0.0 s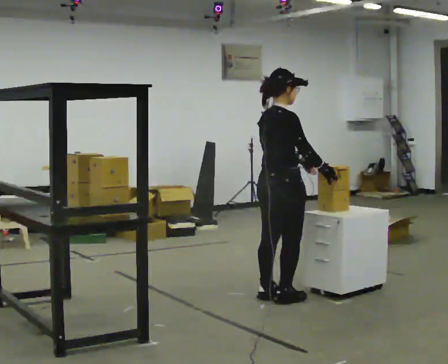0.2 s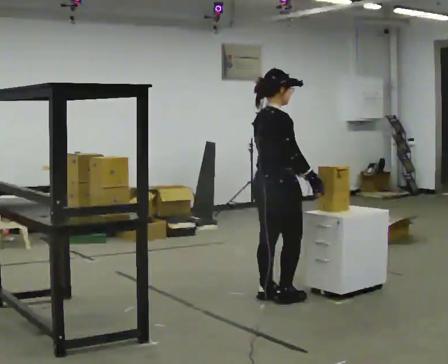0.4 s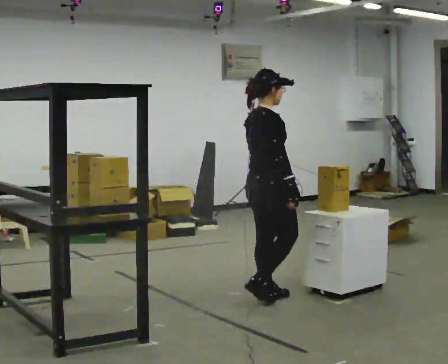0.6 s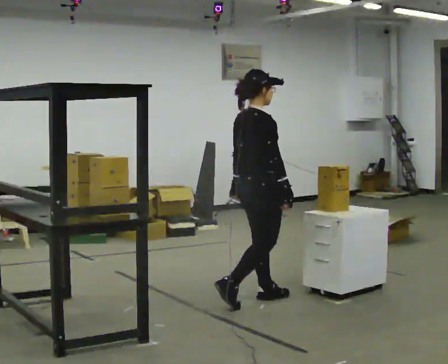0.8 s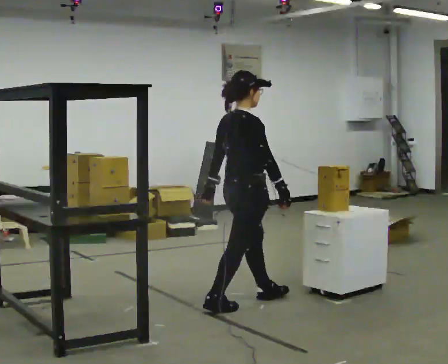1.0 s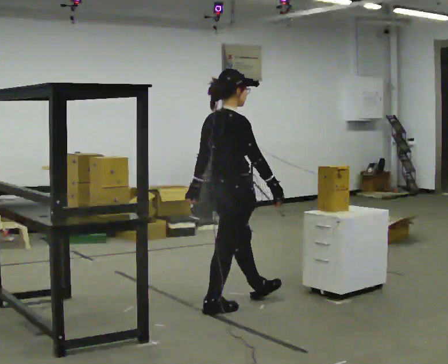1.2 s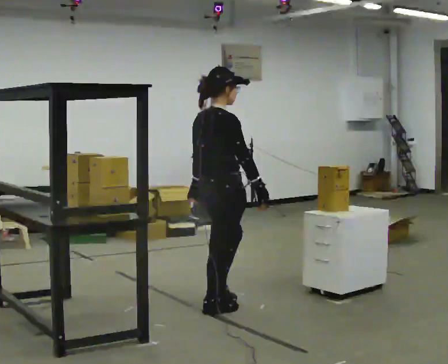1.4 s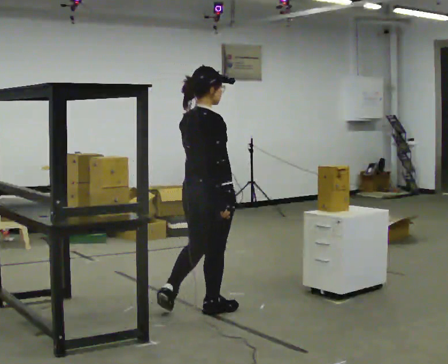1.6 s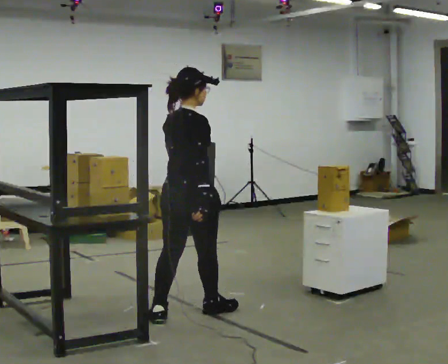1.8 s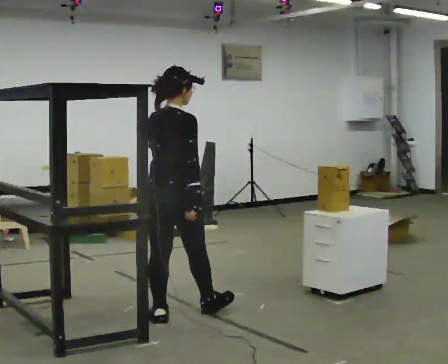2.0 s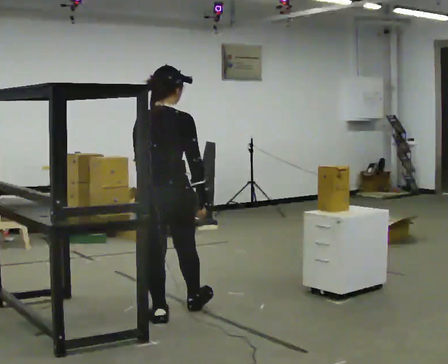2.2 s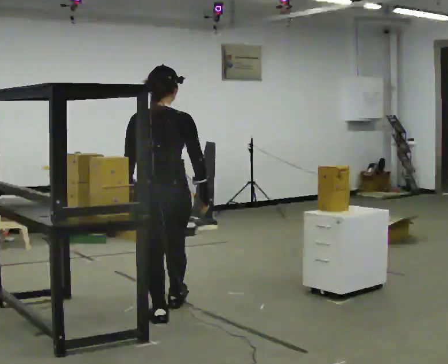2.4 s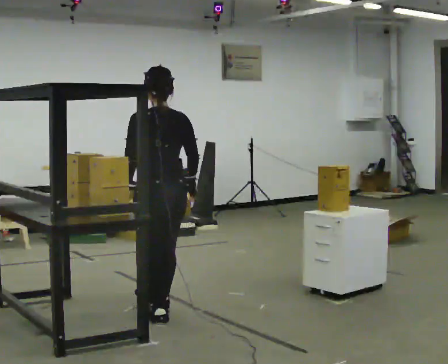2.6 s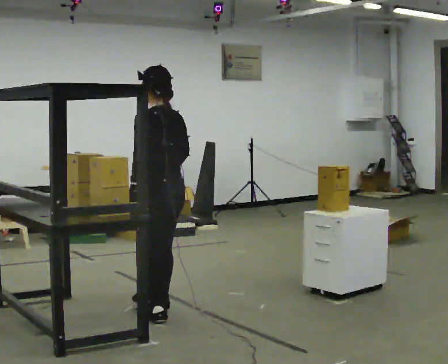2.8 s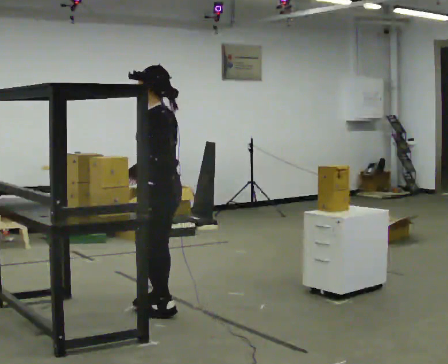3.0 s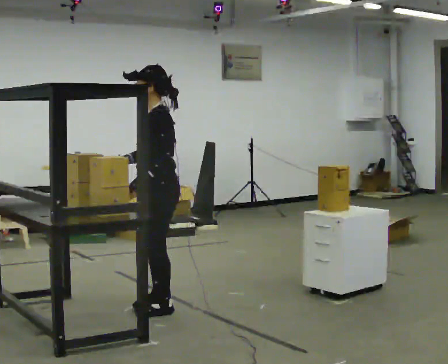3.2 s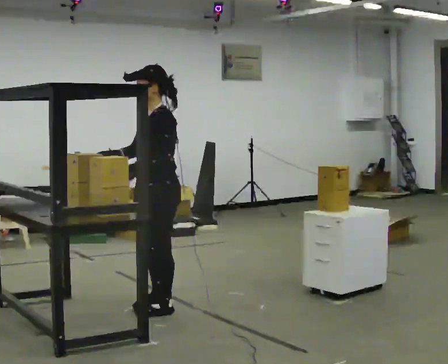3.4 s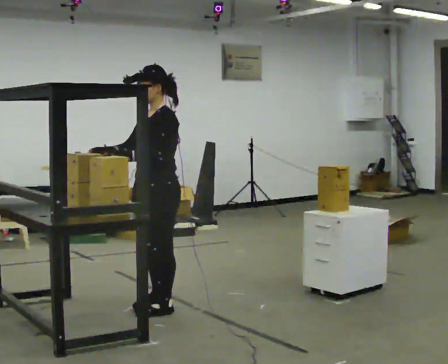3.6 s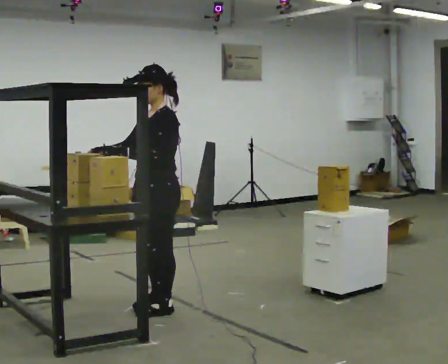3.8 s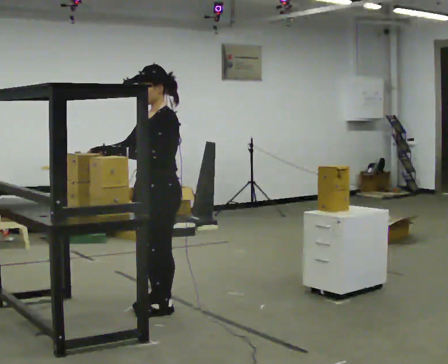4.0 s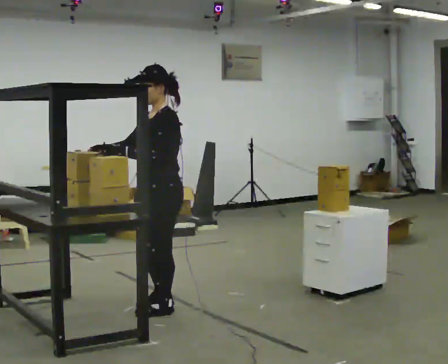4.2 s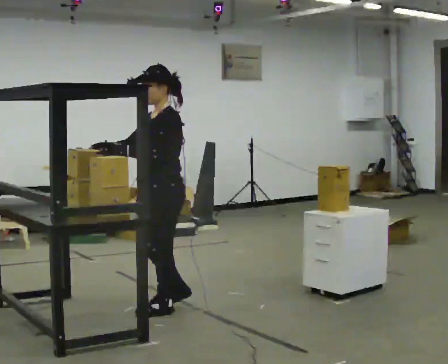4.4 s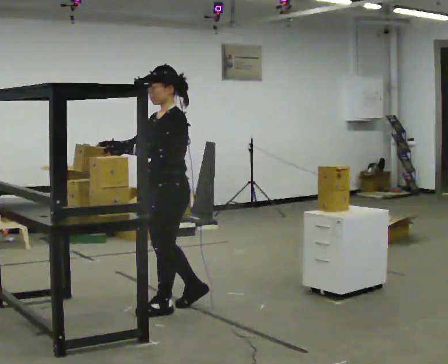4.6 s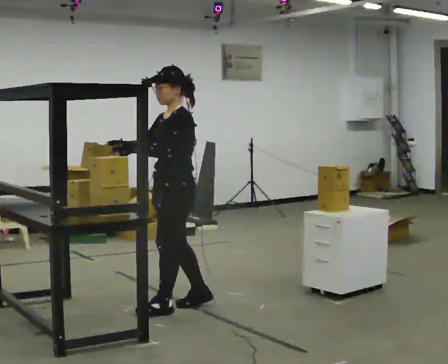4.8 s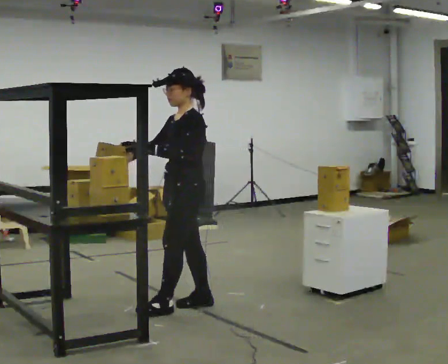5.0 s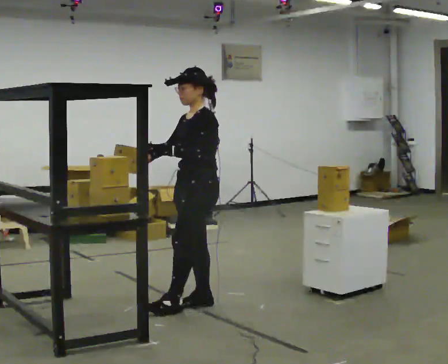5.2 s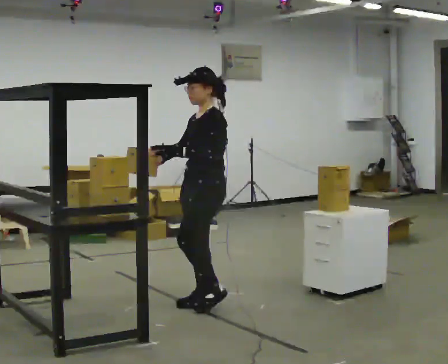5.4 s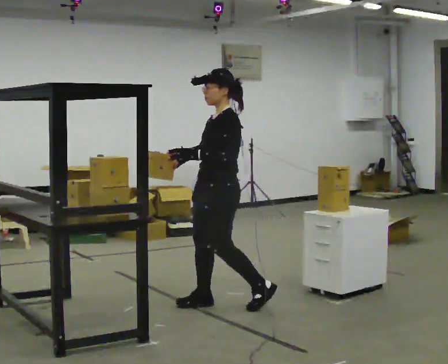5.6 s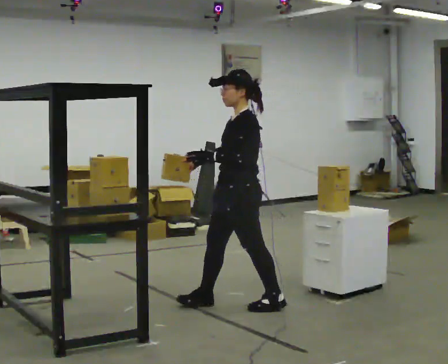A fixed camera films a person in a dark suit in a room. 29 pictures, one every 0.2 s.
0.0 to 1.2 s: In the picture they go to the left and toward the camera, about 0.5 m in 2 steps, which for them is backward.
1.2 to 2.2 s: The person turns about 60 degrees to their left, counterclockwise seen from above, so the part of the body nearest the lens slides to the right. In the picture they go to the left and toward the camera, about 0.5 m in 1 step, which for them is backward.
2.2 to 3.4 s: Seen from above the body turns counterclockwise, about 120 degrees: to their left, with its near side sliding to the right. In the picture they go away from the camera, about 0.25 m in 1 step. In the picture their right hand goes to the left, the arm swinging clockwise.
3.4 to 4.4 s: The person moves a little, or ends about where they began.
4.4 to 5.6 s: In the picture they go to the right, about 0.5 m in 1 step, which for them is backward.
The film runs backward here.
